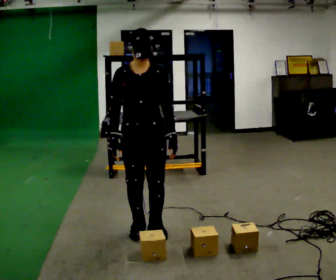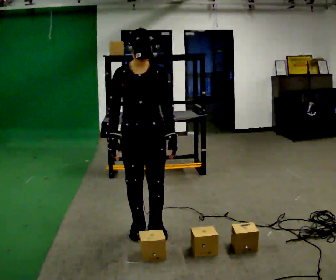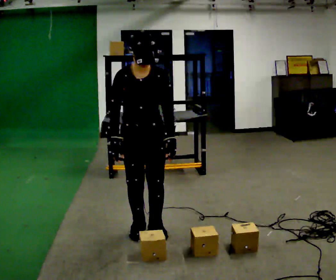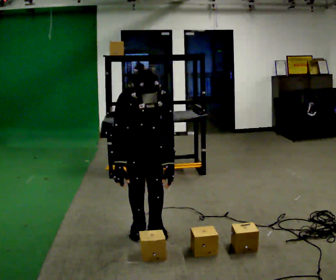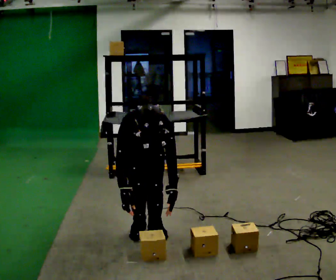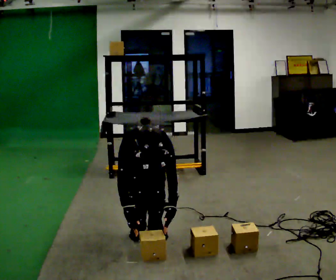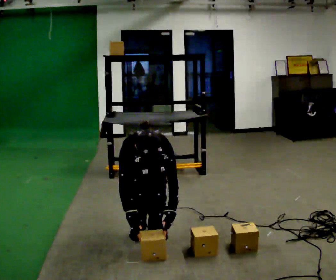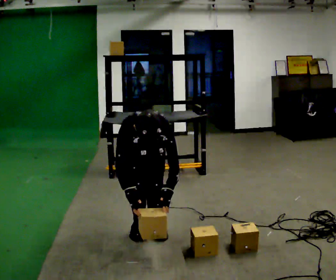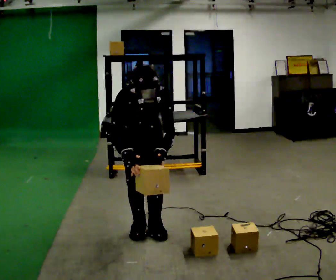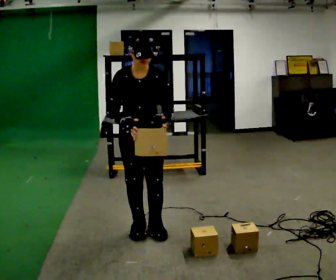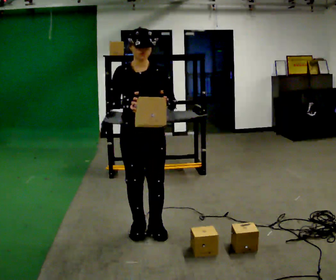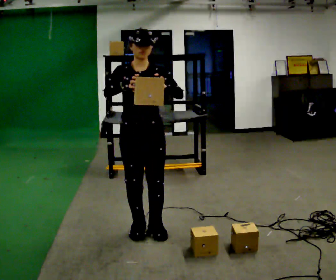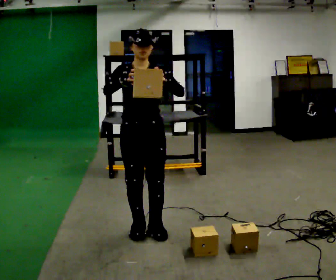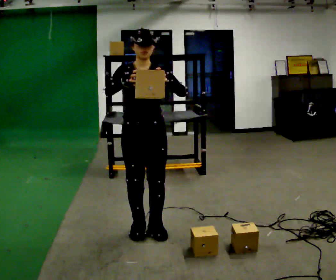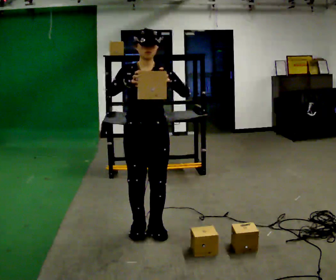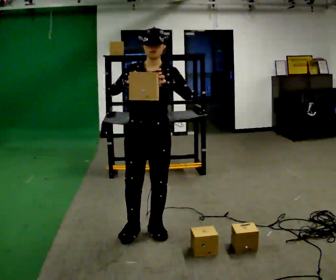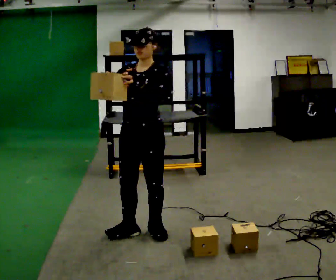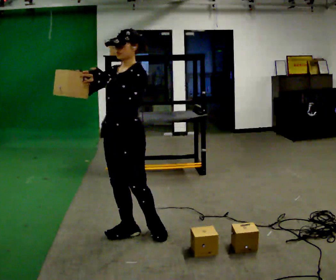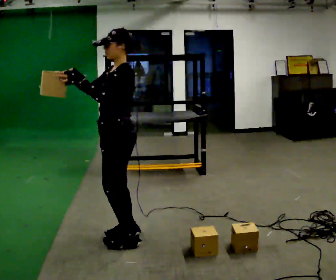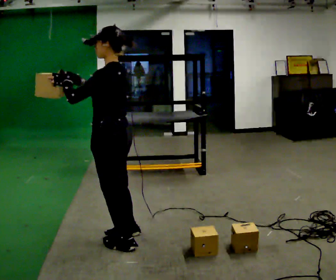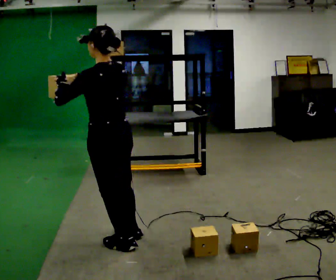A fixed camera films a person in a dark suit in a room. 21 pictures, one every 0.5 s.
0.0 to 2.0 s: The shoulders move downward. The upper body tips toward the camera, its near side rolling downward, as they bend forward. In the picture their right hand goes downward.
2.0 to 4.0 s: The person moves a little, or ends about where they began.
4.0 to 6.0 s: The upper body goes upward. The upper body tips away from the camera, its near side rolling upward, as they lean back or straighten. In the picture their left hand goes upward.
6.0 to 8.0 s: The person turns about 30 degrees to their right, clockwise seen from above, so the part of the body nearest the lens slides to the left.
8.0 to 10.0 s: The person turns about 105 degrees to their right, clockwise seen from above, so the part of the body nearest the lens slides to the left. In the picture they go to the left and toward the camera, about 0.25 m in 1 step.
The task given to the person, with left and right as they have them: Pick an object up off the floor, carry it across the room, and place it on the highest shelf you can comfortably reach. Keep going until the operator says stop; one object at a time, and do not rush between trips.
The film runs forward here.
